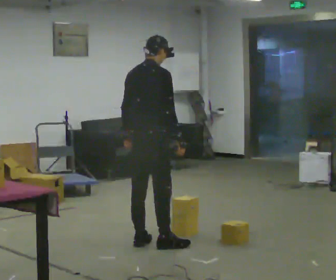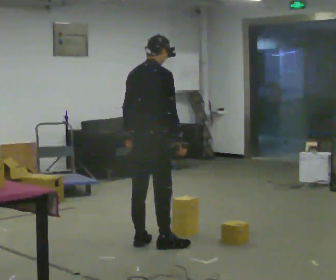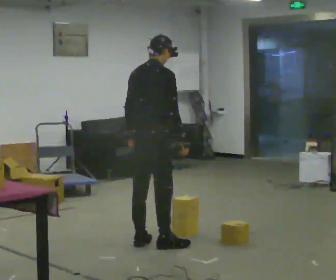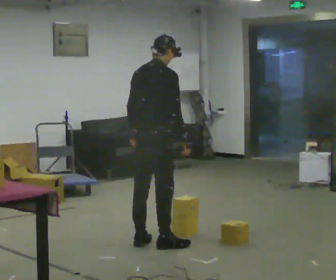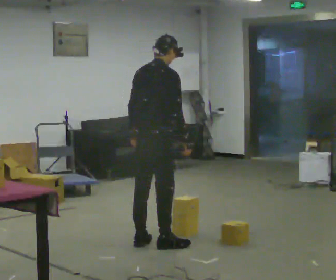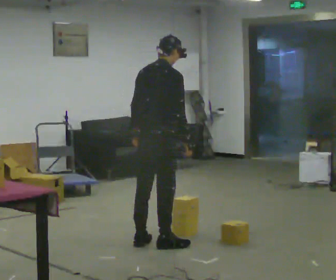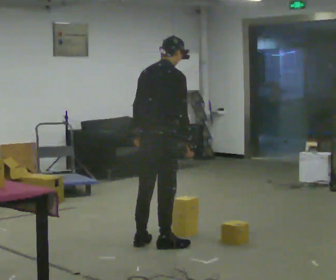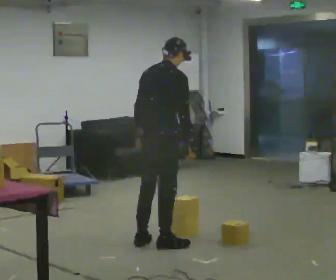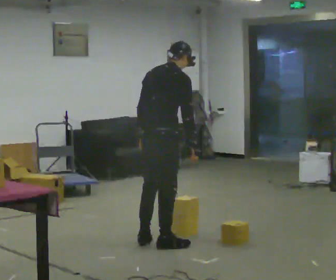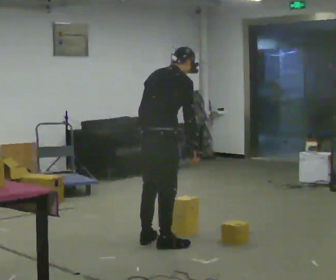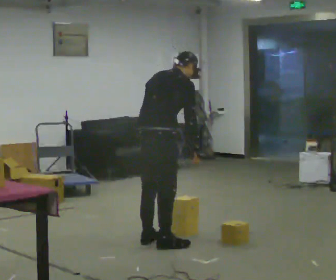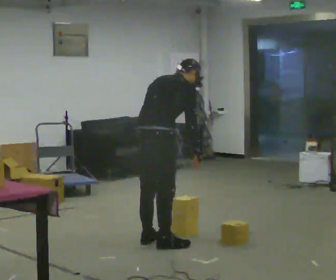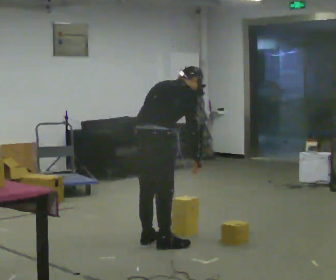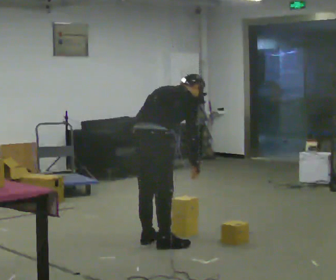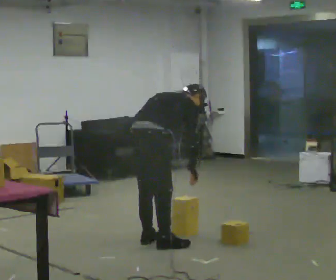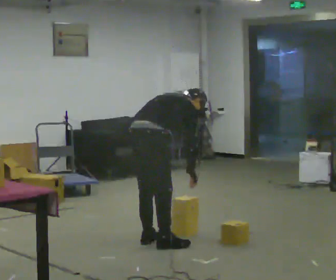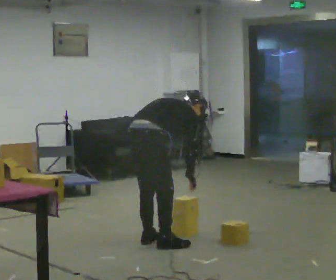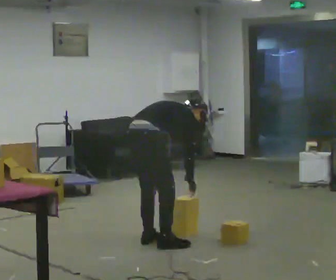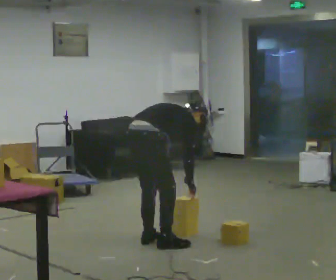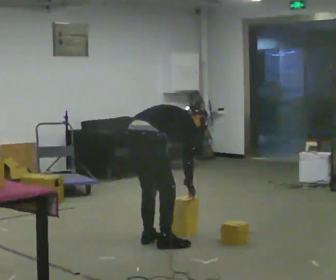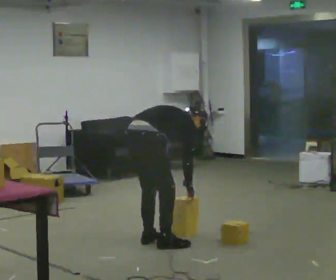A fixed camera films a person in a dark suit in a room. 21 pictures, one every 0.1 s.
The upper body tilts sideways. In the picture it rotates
clockwise.
Their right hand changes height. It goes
downward.
0.0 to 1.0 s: In the picture the upper body tilts clockwise, shoulders to the right, as they bend forward.
1.0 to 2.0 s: The upper body goes downward. In the picture the upper body tilts clockwise, shoulders to the right, as they bend forward. In the picture their left hand goes downward.
The film runs forward here.
